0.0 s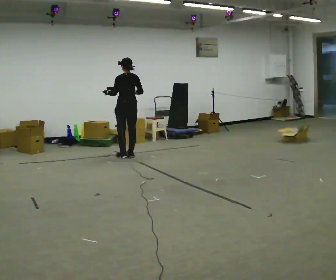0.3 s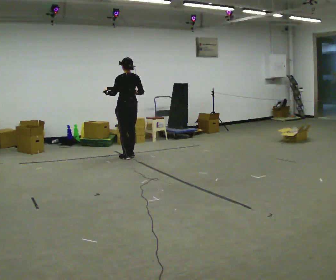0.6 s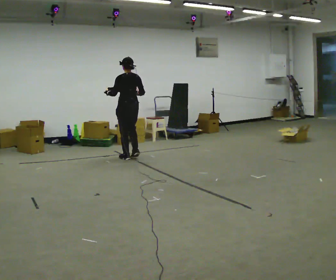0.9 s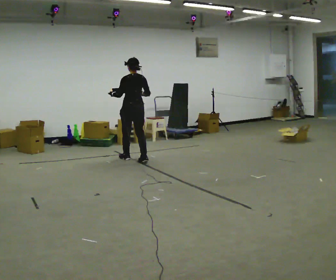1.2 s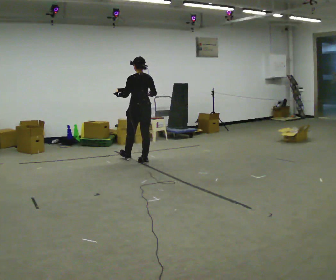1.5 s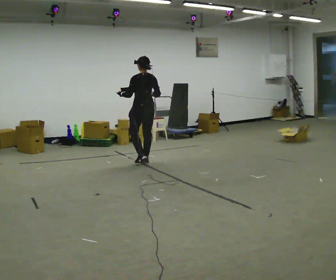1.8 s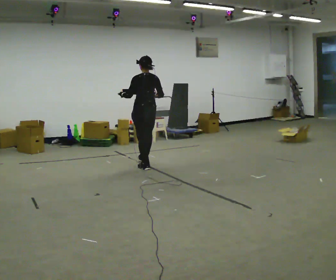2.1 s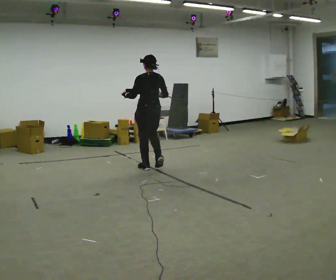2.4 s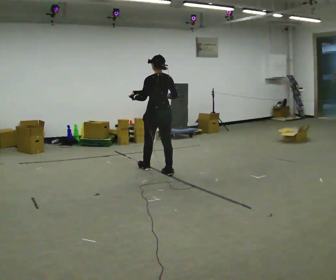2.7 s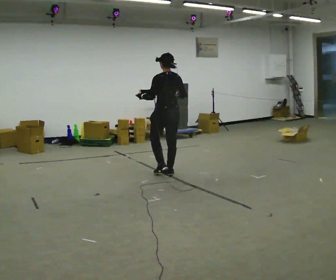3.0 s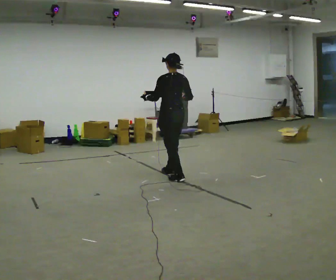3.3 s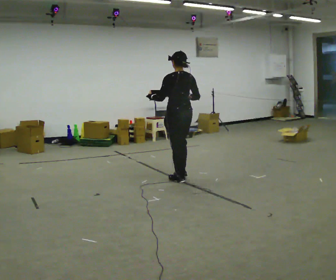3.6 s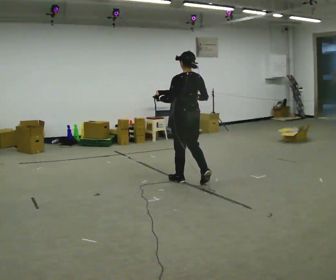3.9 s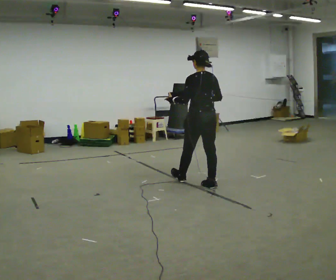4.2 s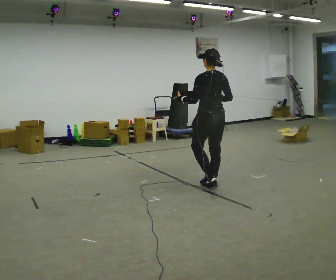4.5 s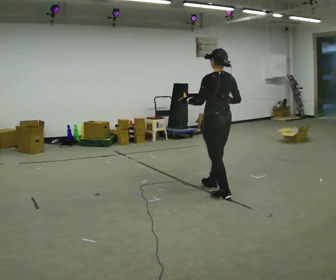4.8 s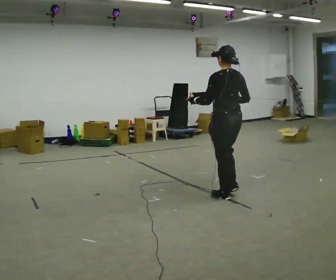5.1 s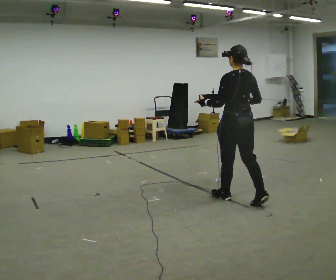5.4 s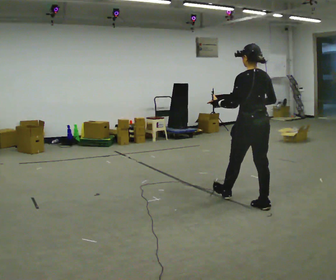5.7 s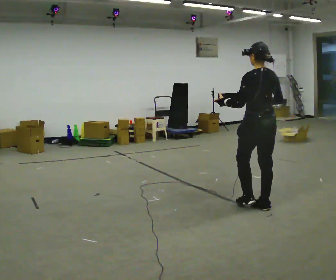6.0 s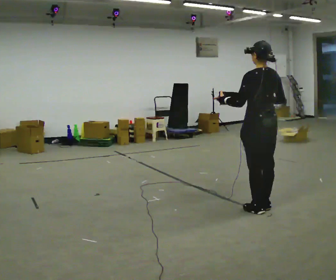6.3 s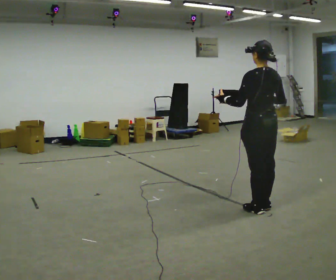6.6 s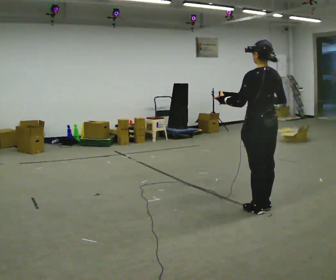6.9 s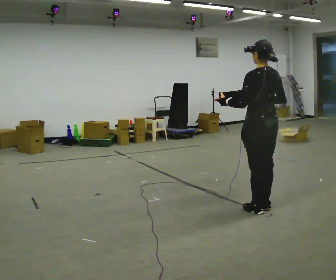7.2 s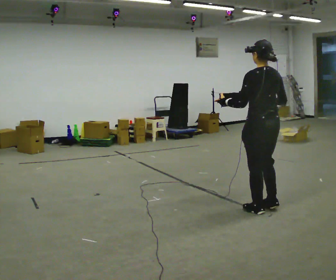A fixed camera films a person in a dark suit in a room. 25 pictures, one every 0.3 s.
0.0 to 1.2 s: In the picture they go toward the camera and to the right, about 0.5 m in 2 steps, which for them is backward.
1.2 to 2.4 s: In the picture they go toward the camera and to the right, about 0.75 m in 1 step, which for them is backward.
2.4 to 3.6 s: In the picture they go toward the camera and to the right, about 0.75 m in 2 steps, which for them is backward.
3.6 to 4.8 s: In the picture they go toward the camera and to the right, about 1 m in 2 steps, which for them is backward.
4.8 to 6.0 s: In the picture they go toward the camera and to the right, about 0.5 m in 1 step, which for them is backward.
6.0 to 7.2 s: The person moves a little, or ends about where they began.
The film runs backward here.
